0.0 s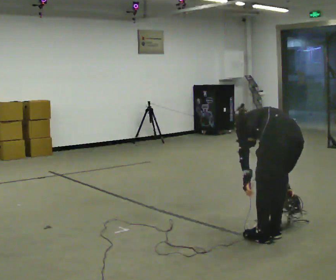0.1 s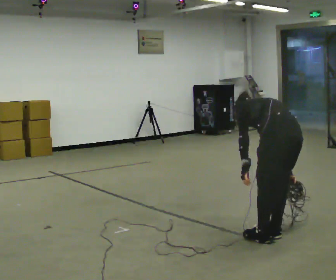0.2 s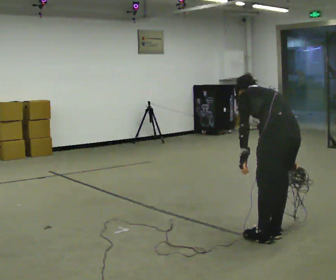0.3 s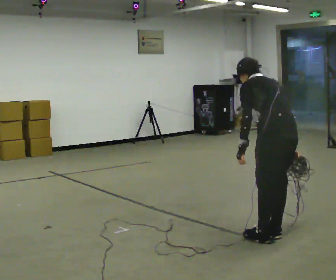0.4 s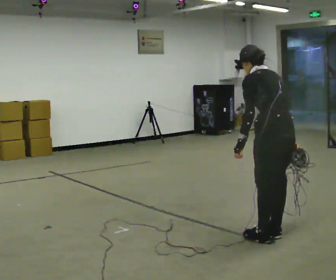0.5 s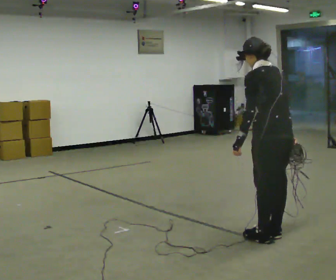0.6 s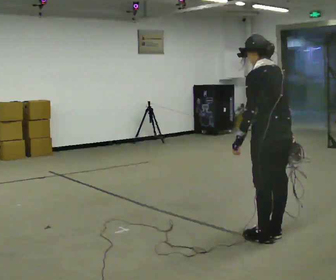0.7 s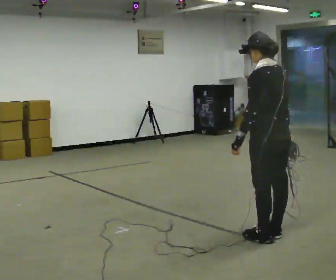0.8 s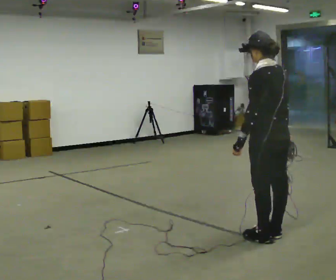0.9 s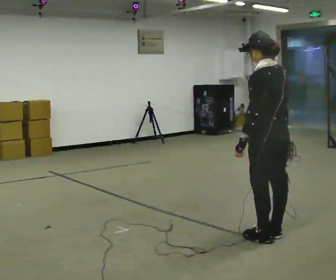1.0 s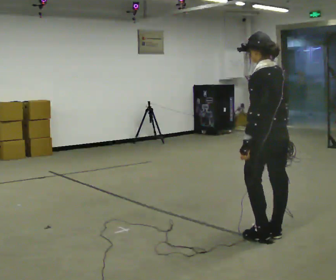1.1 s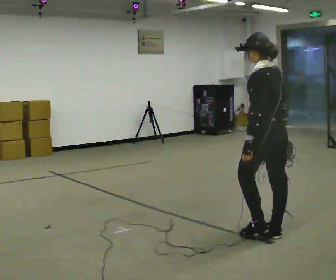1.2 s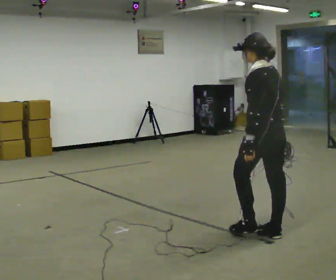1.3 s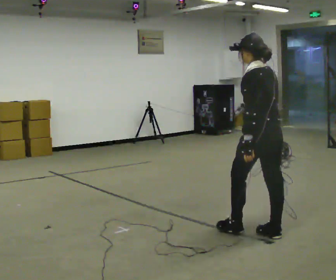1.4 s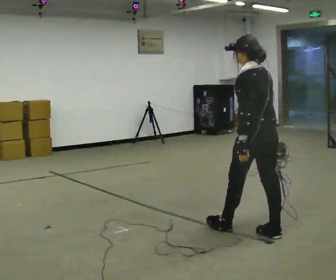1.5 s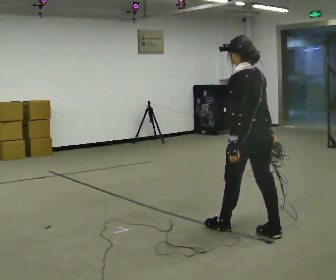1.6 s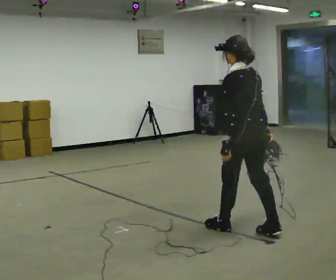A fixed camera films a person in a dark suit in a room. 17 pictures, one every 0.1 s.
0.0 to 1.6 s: In the picture they go to the left and away from the camera, about 0.25 m in 1 step, which for them is forward. The shoulders move upward. The upper body tips toward the camera, its near side rolling downward, as they lean back or straighten.
The film runs forward here.
